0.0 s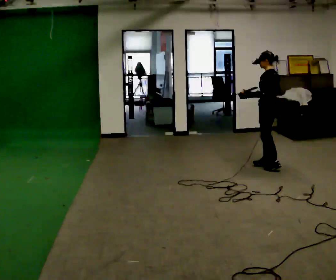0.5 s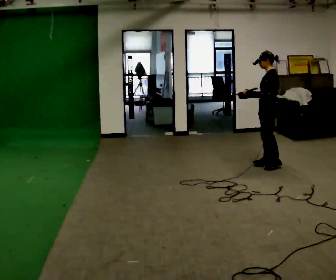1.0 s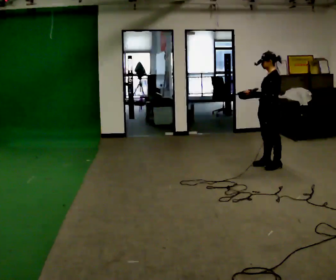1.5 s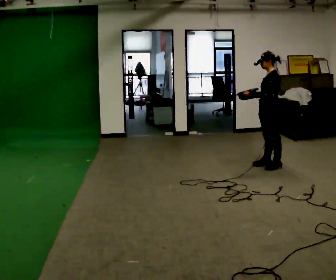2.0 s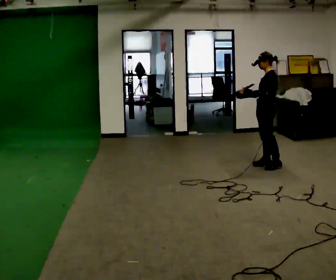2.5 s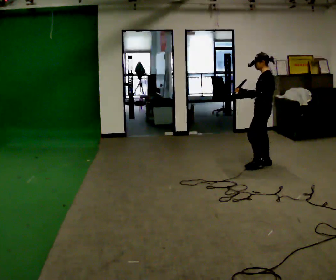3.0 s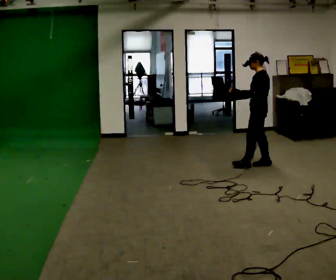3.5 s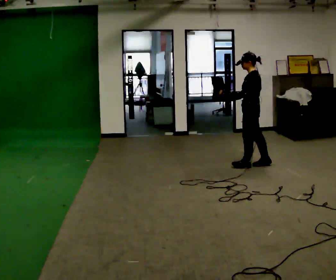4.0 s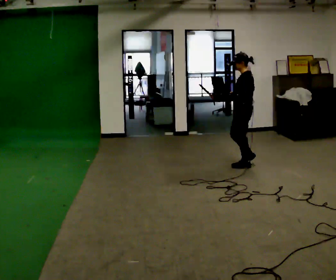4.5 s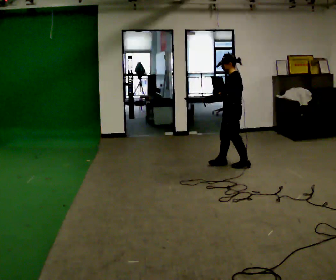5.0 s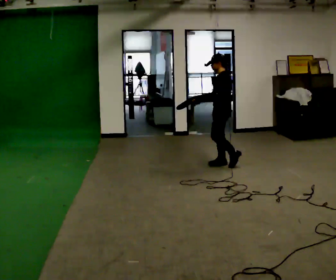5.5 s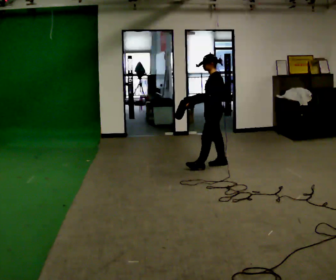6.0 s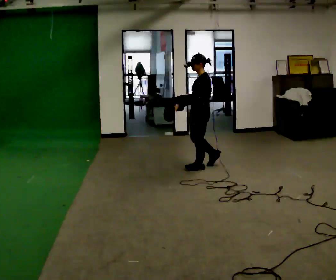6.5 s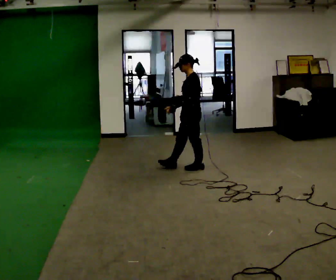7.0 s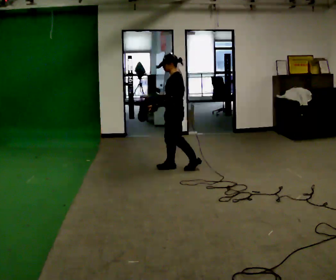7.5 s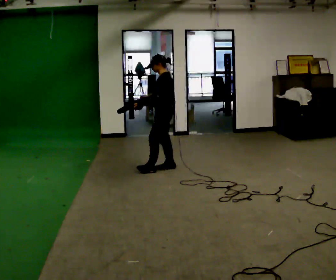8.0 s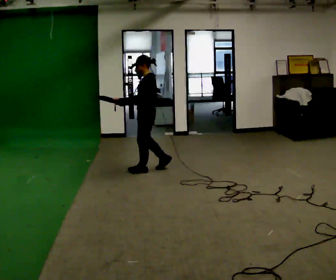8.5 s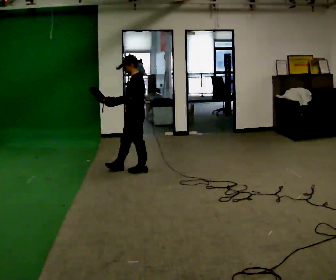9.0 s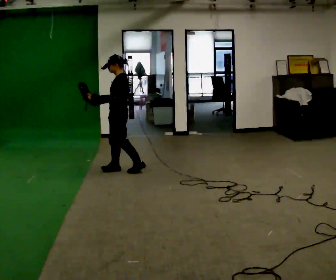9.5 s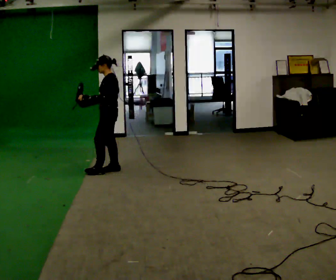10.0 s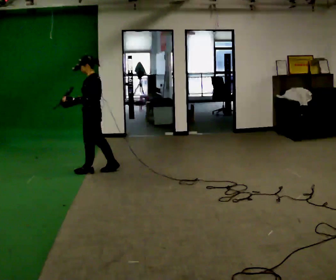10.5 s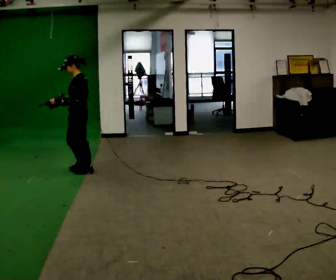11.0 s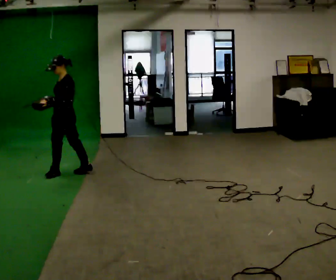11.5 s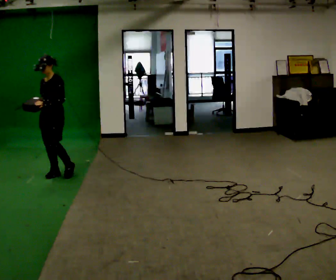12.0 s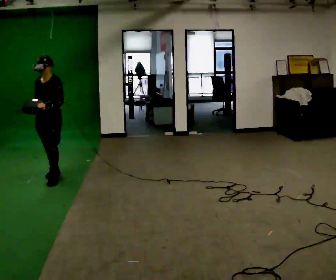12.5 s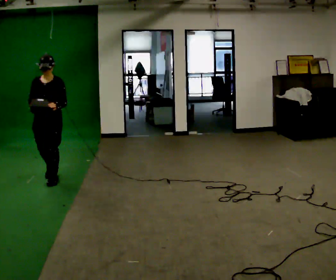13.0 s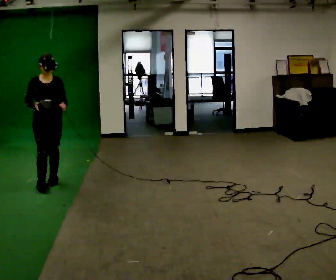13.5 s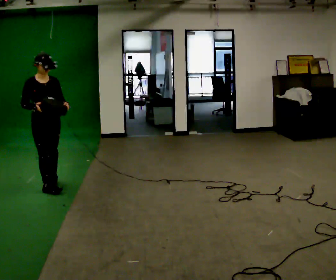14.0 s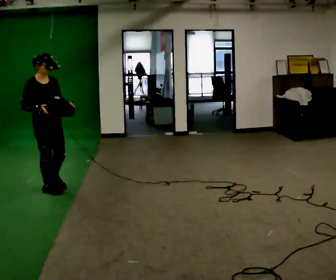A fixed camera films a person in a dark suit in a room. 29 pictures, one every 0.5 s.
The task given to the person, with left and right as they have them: Carry the lidded box and, while you are still walking, open the lid, then close it again. Repeat as you walk back and forth. Do not stop to do it.
0.0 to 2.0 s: The person moves a little, or ends about where they began.
2.0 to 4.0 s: In the picture they go to the left, about 0.25 m in 1 step, which for them is forward.
4.0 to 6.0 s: In the picture they go to the left, about 0.5 m in 2 steps, which for them is forward.
6.0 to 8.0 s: In the picture they go to the left, about 0.75 m in 2 steps, which for them is forward.
8.0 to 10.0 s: In the picture they go to the left, about 0.75 m in 2 steps, which for them is forward.
10.0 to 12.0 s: Seen from above the body turns counterclockwise, about 75 degrees: to their left, with its near side sliding to the right. In the picture they go to the left and toward the camera, about 0.5 m in 2 steps.
12.0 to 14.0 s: Seen from above the body turns counterclockwise, about 75 degrees: to their left, with its near side sliding to the right. In the picture they go toward the camera, about 0.5 m in 1 step.
The film runs forward here.
